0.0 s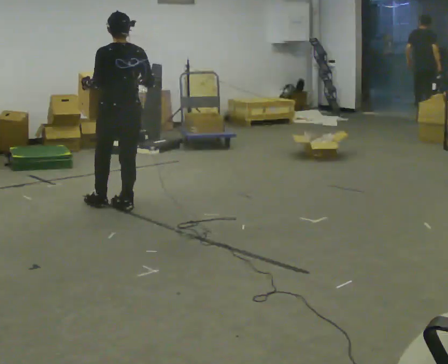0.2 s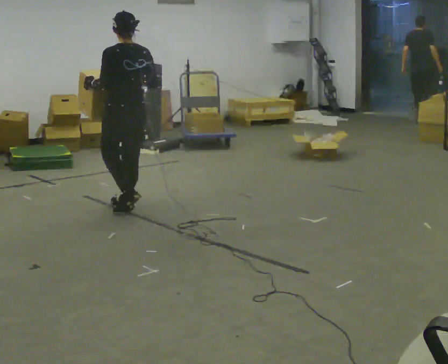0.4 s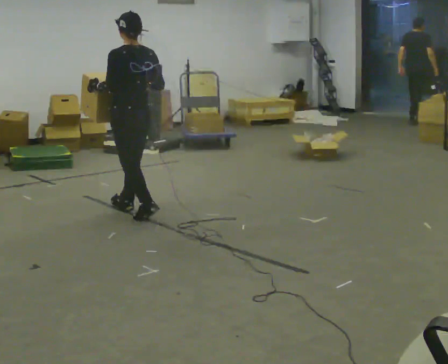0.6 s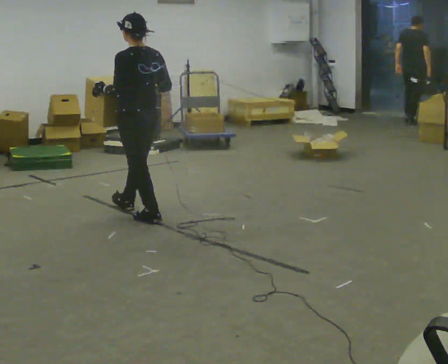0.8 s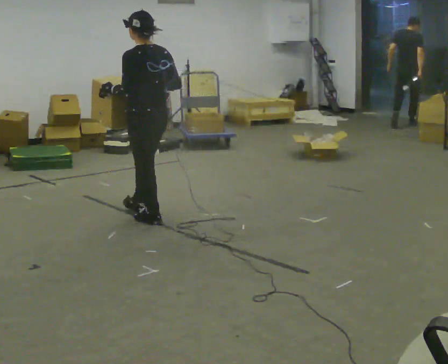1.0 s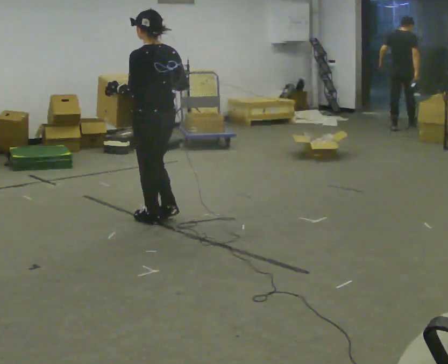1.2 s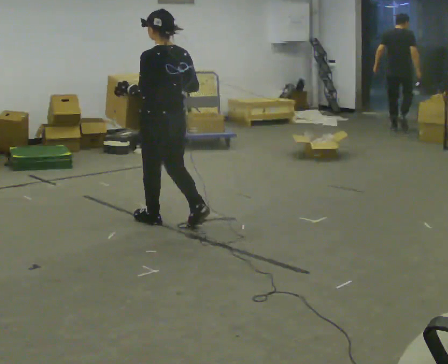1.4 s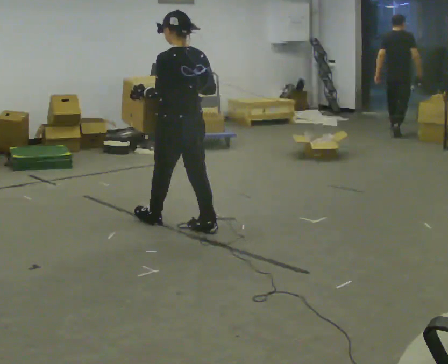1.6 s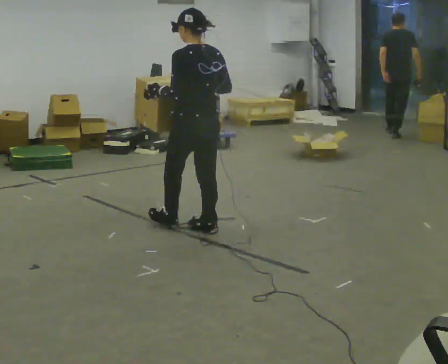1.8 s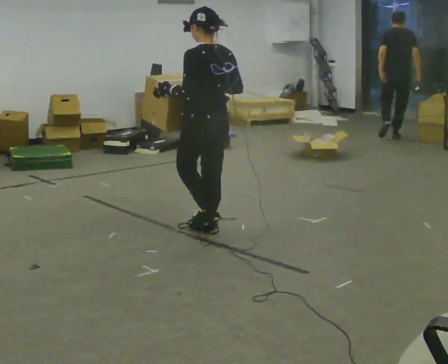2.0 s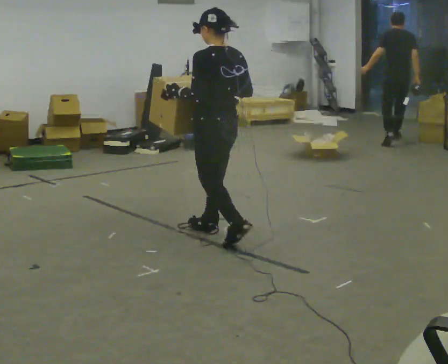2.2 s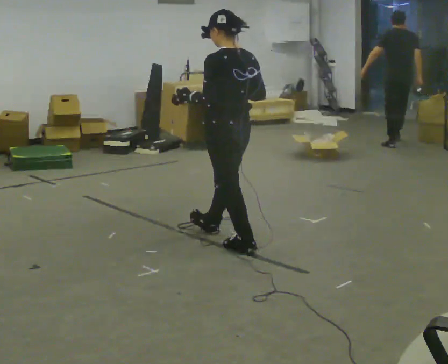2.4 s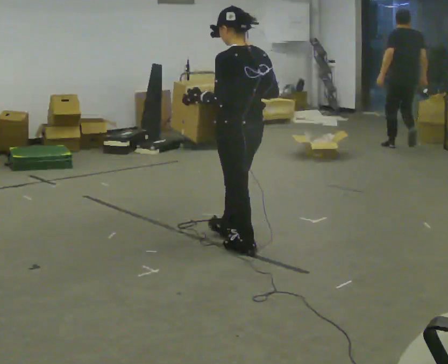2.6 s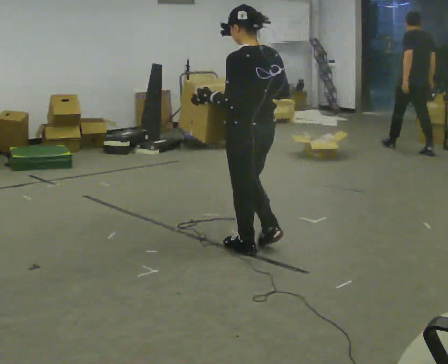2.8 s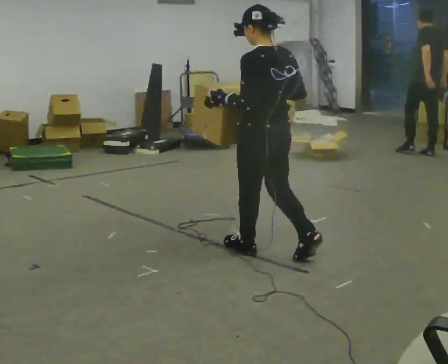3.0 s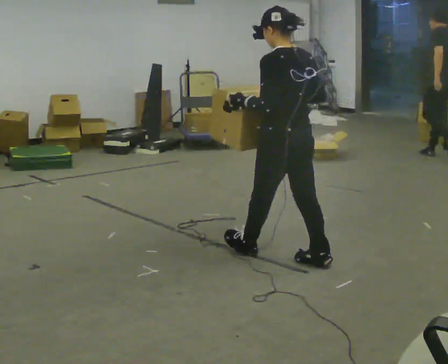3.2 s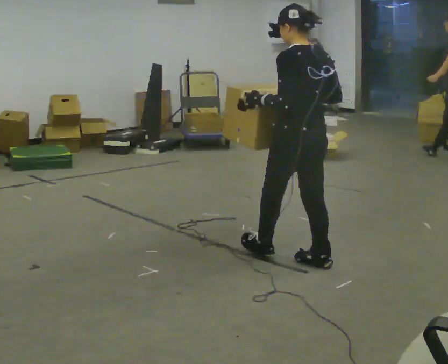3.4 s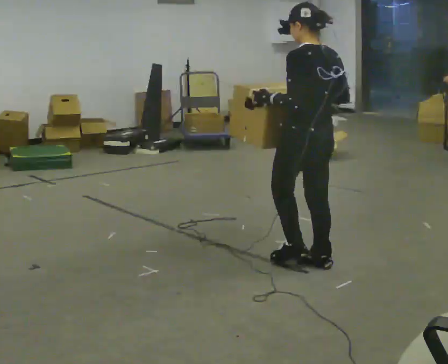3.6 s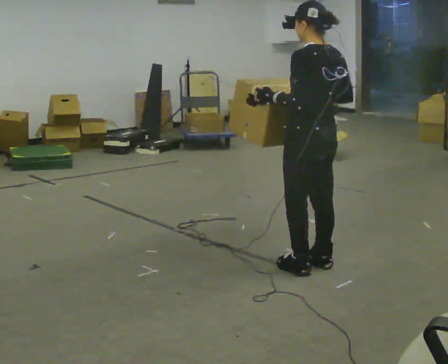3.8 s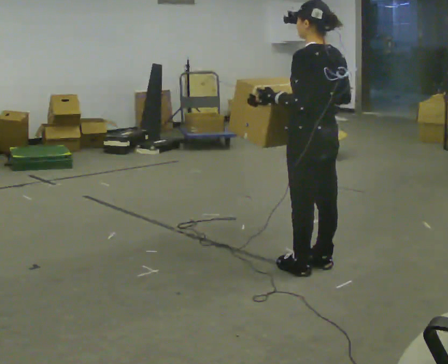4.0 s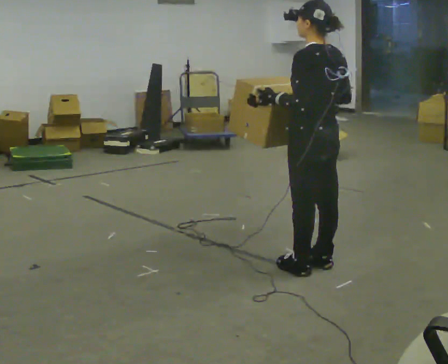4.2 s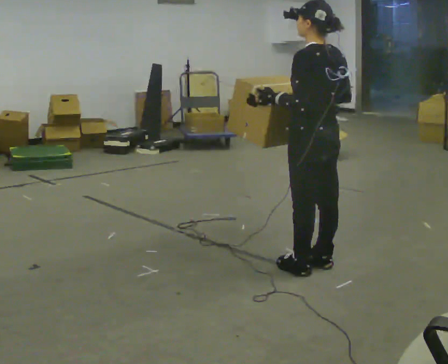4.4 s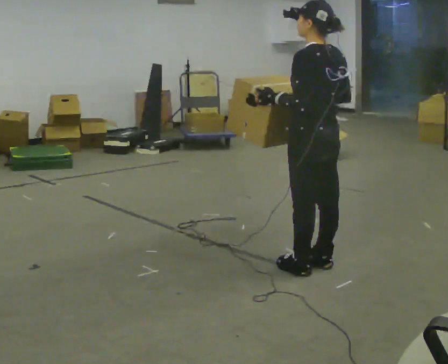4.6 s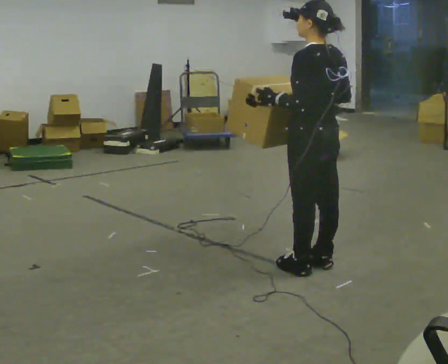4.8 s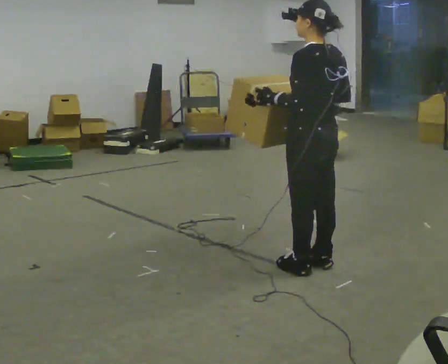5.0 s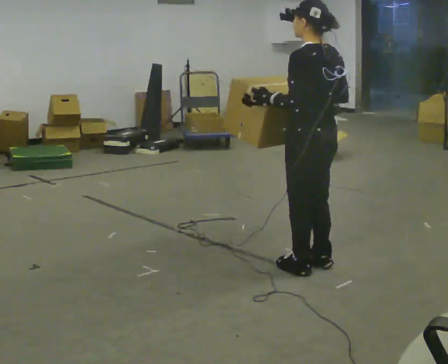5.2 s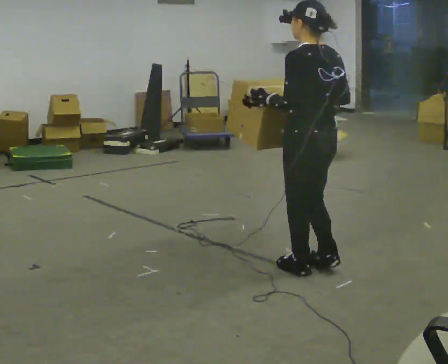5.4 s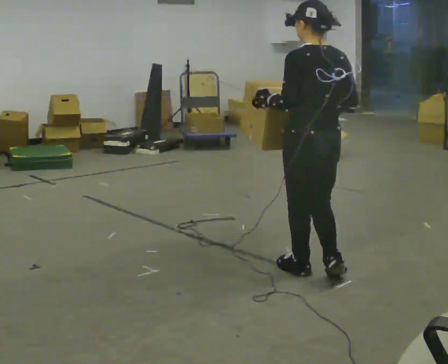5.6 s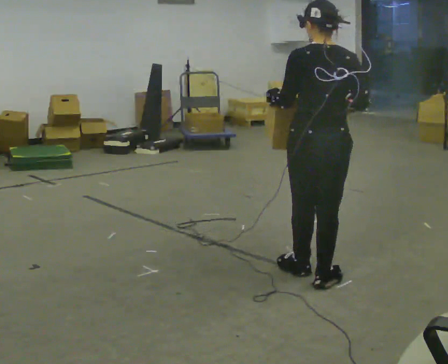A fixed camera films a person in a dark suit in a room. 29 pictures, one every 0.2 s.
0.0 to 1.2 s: In the picture they go toward the camera and to the right, about 0.5 m in 1 step, which for them is backward.
1.2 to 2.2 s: In the picture they go to the right and toward the camera, about 0.5 m in 1 step, which for them is backward.
2.2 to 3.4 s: In the picture they go to the right and toward the camera, about 0.5 m in 2 steps, which for them is backward.
3.4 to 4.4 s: The person moves a little, or ends about where they began.
4.4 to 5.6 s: The part of the body nearest the lens slides to the left as the person turns to their right by about 30 degrees. In the picture they go toward the camera, about 0.25 m in 1 step, which for them is to their left.
The film runs backward here.
